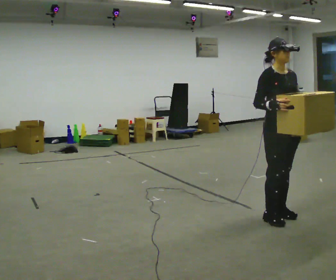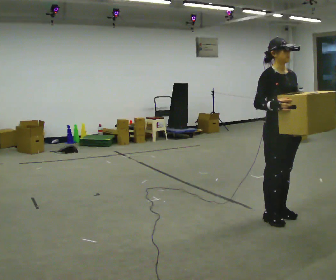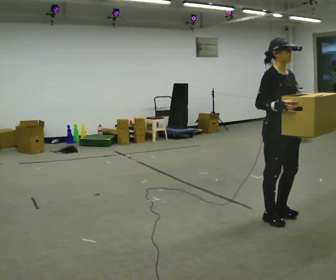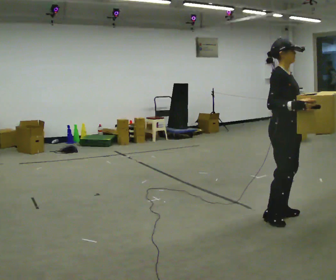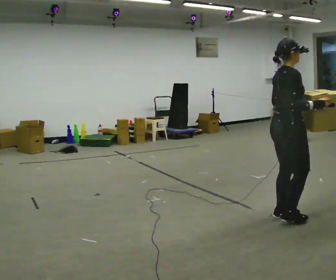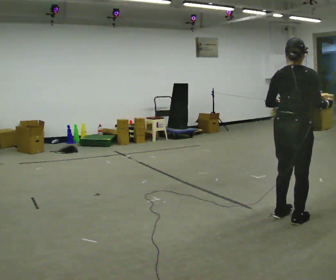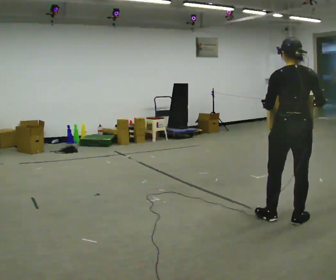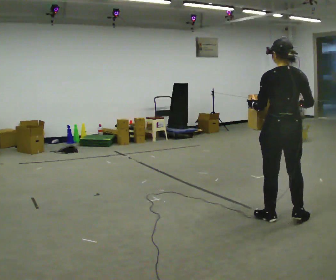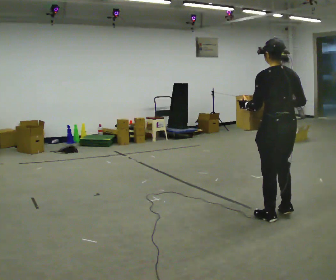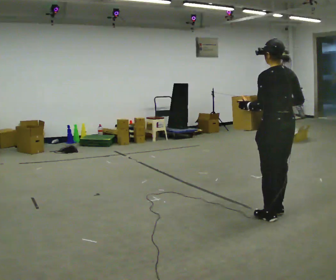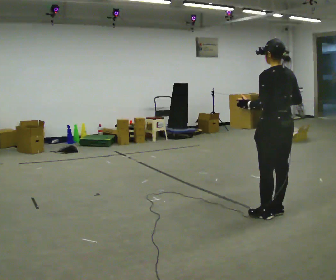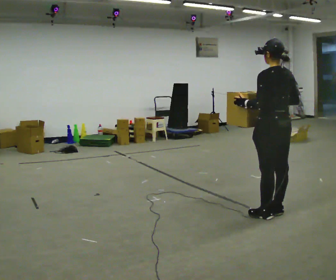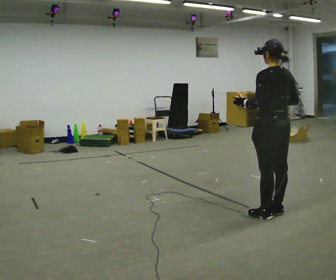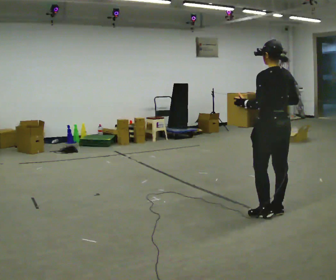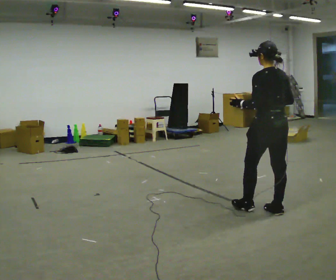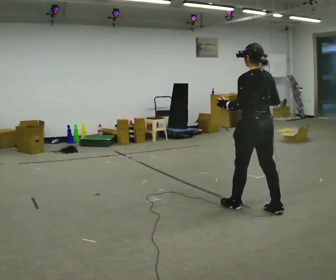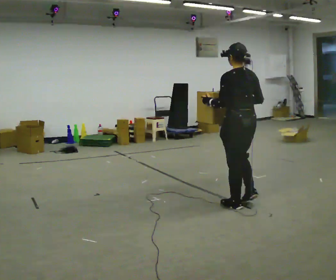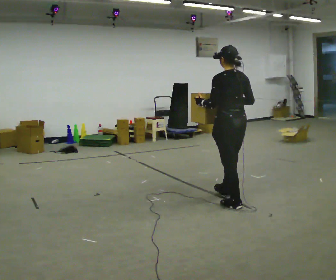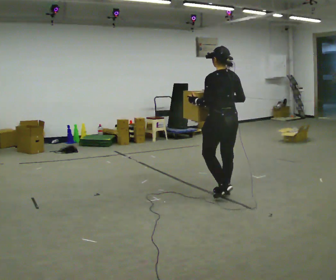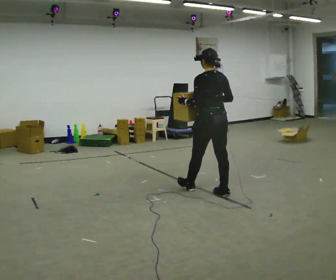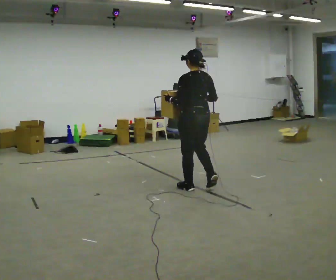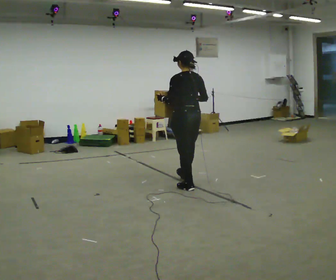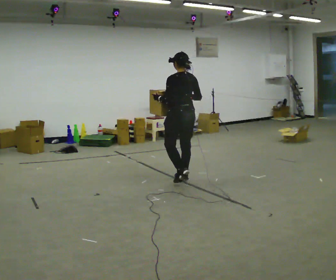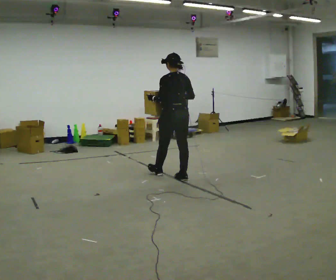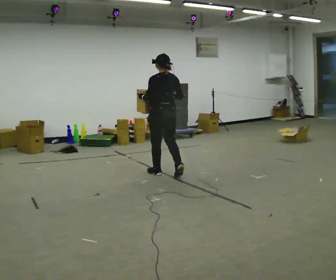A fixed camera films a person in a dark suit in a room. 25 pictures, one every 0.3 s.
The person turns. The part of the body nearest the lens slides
to the right.
The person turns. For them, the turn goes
to their left.
0.0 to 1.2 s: Seen from above the body turns counterclockwise, about 75 degrees: to their left, with its near side sliding to the right.
1.2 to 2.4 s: Seen from above the body turns counterclockwise, about 105 degrees: to their left, with its near side sliding to the right. In the picture their left hand goes to the left.
2.4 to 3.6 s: The person moves a little, or ends about where they began.
3.6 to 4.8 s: In the picture they go to the left and away from the camera, about 0.5 m in 1 step, which for them is forward.
4.8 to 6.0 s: In the picture they go to the left and away from the camera, about 0.5 m in 2 steps, which for them is forward.
6.0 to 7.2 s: In the picture they go away from the camera and to the left, about 1 m in 2 steps, which for them is forward.
The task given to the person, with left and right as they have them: Carry the heavy box in both hands in front of you, walking back and forth across the room. Keep walking until the operator says stop. Set it down if you need a rest.
The film runs forward here.
